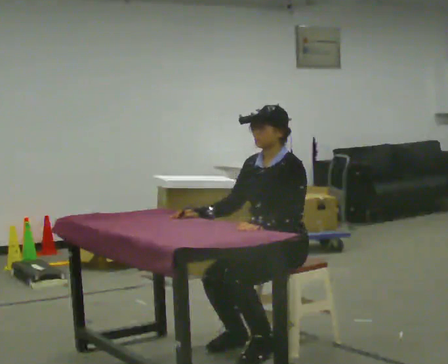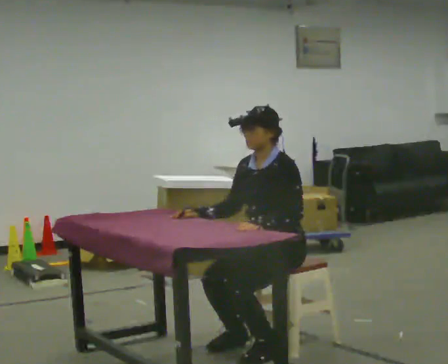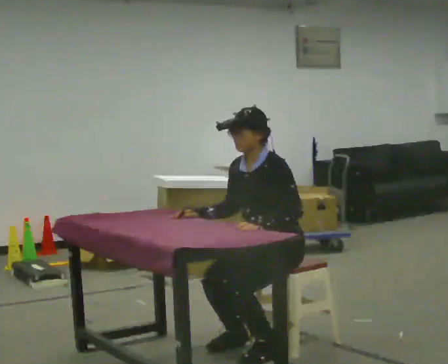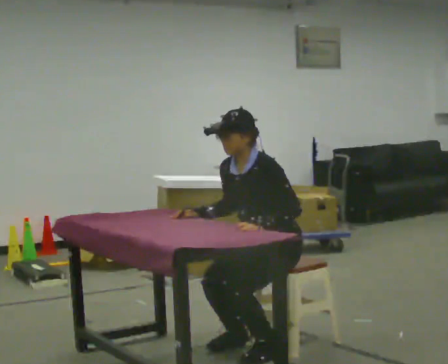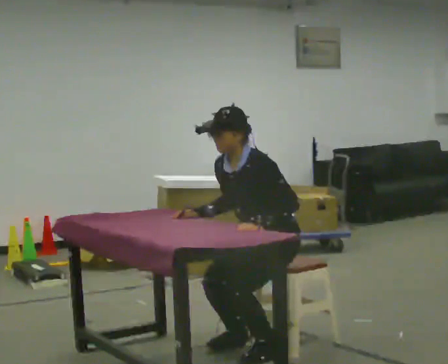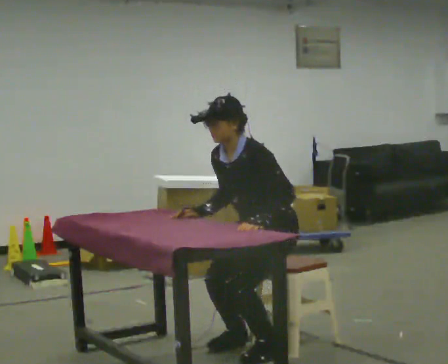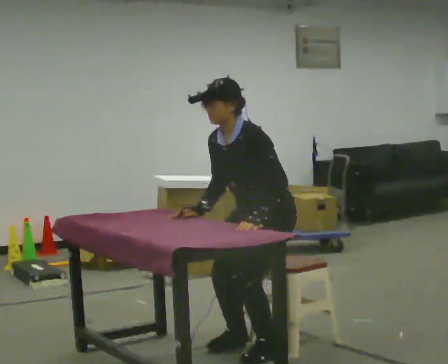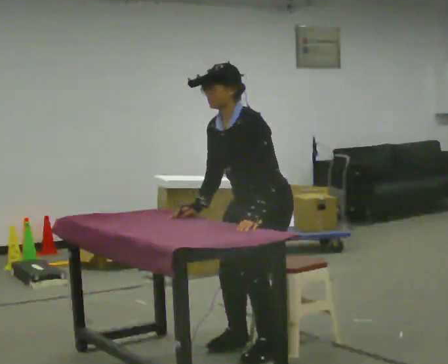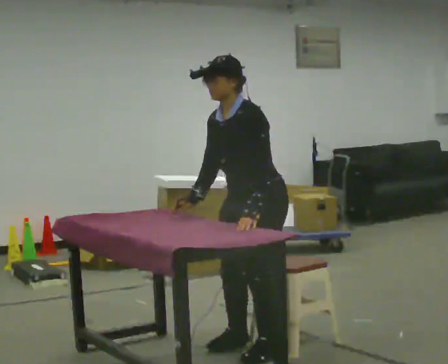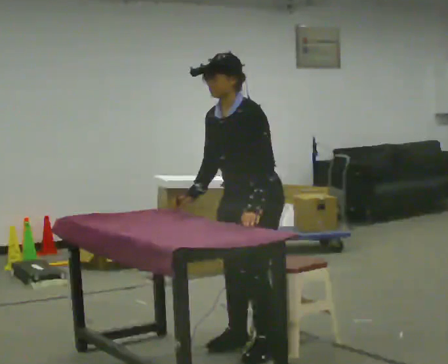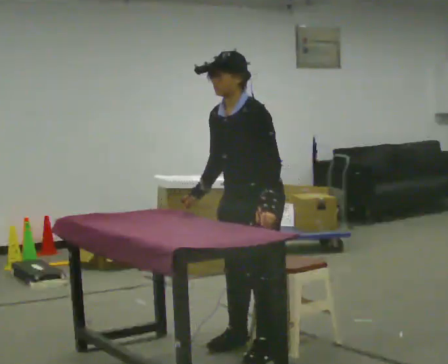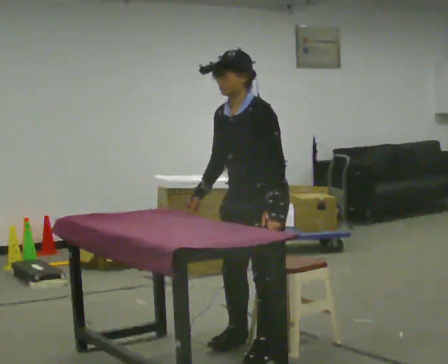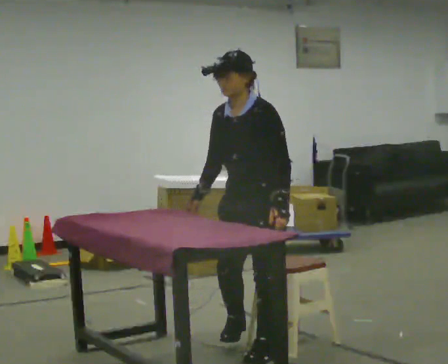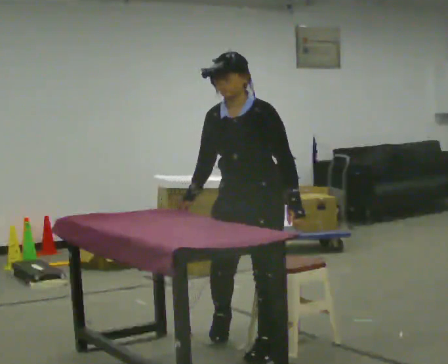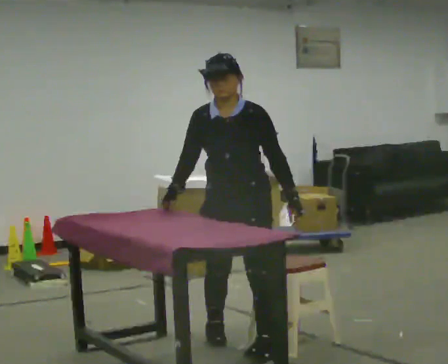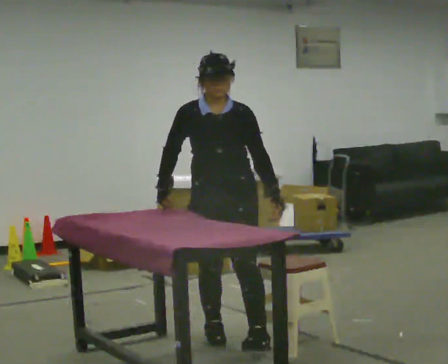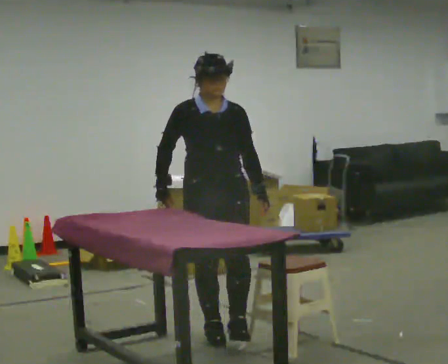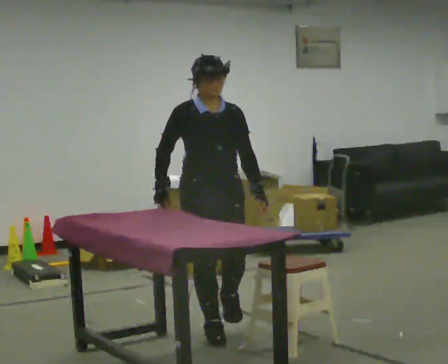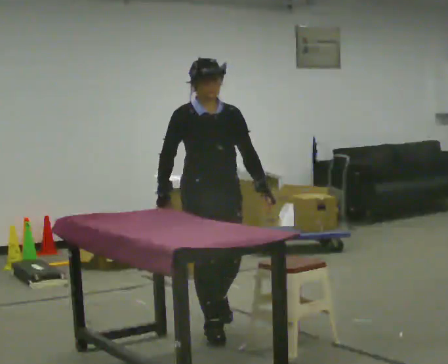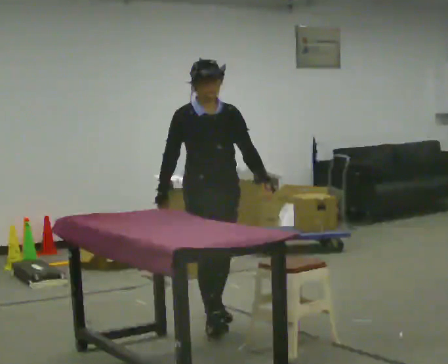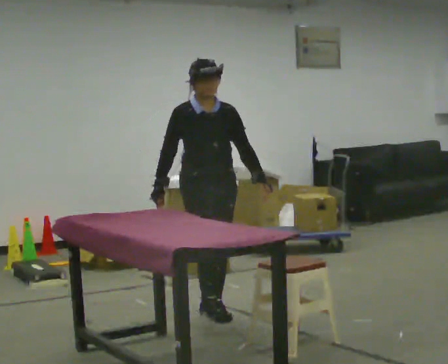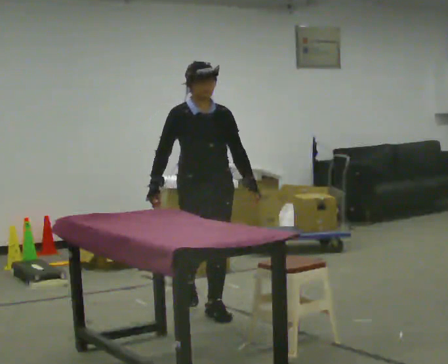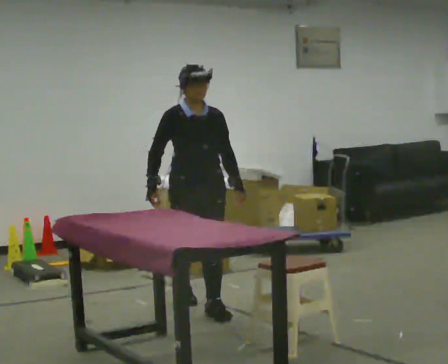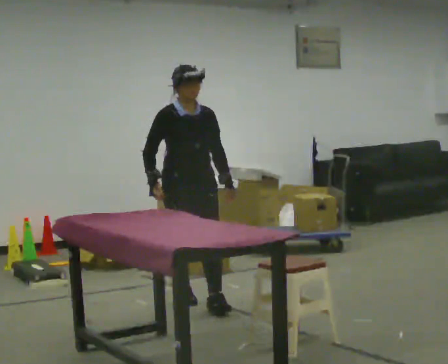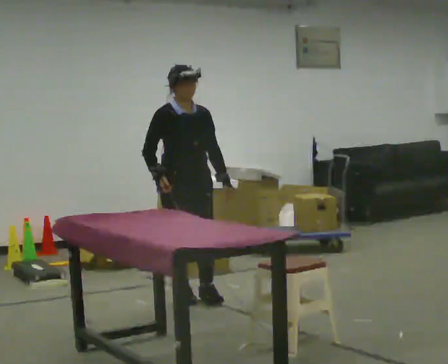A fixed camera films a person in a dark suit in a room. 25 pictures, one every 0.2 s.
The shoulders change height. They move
upward.
The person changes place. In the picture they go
away from the camera.
0.0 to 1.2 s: The shoulders move upward. In the picture the upper body tilts counterclockwise, shoulders to the left, as they bend forward.
1.2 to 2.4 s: The person moves a little, or ends about where they began.
2.4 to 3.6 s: The part of the body nearest the lens slides to the right as the person turns to their left by about 60 degrees. In the picture they go away from the camera and to the left, about 0.5 m in 1 step.
3.6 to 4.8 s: In the picture they go away from the camera, about 0.5 m in 2 steps, which for them is backward.
The film runs backward here.
